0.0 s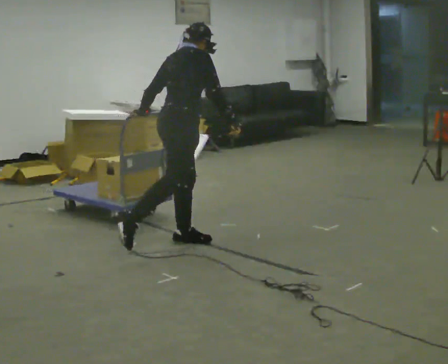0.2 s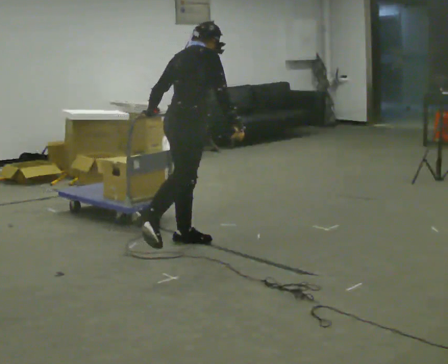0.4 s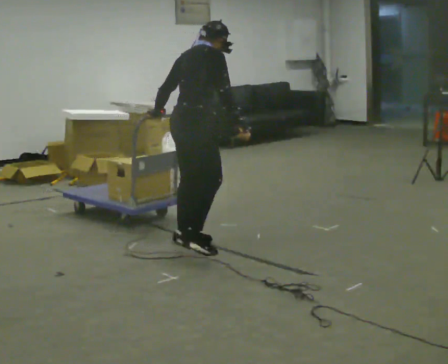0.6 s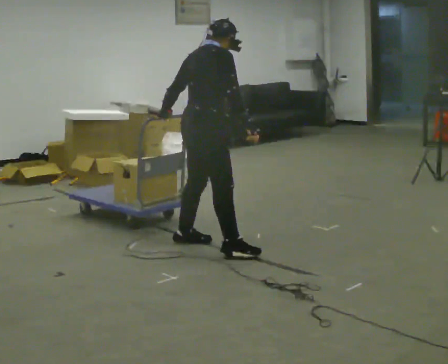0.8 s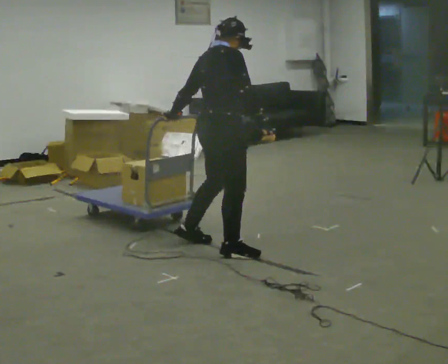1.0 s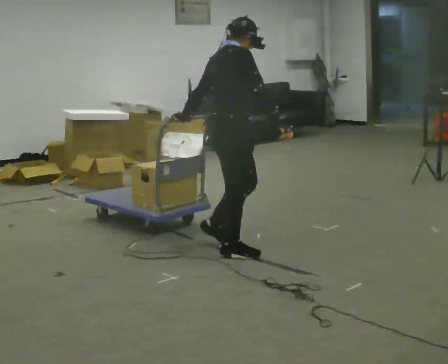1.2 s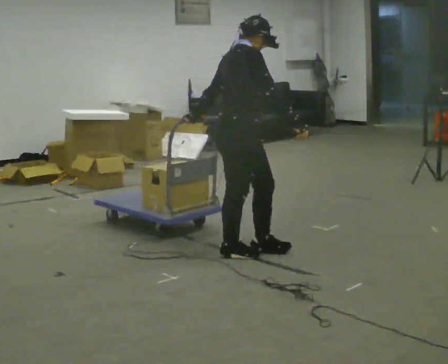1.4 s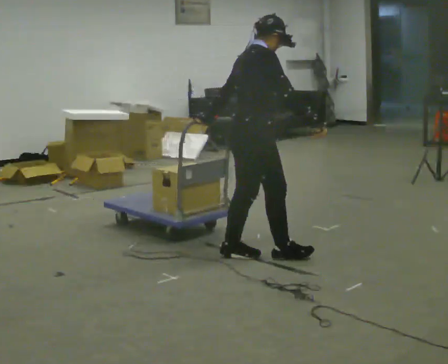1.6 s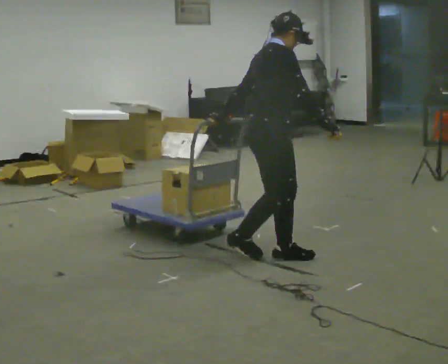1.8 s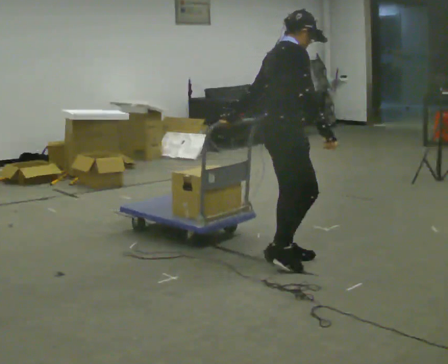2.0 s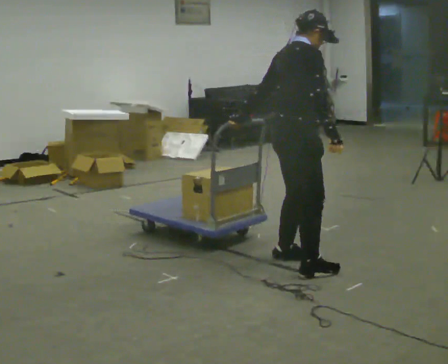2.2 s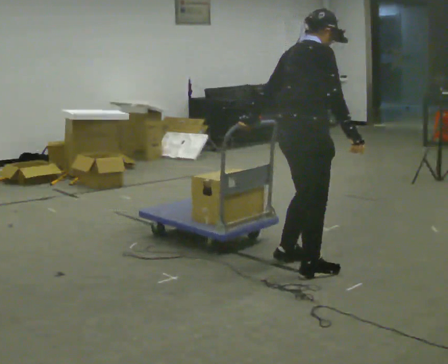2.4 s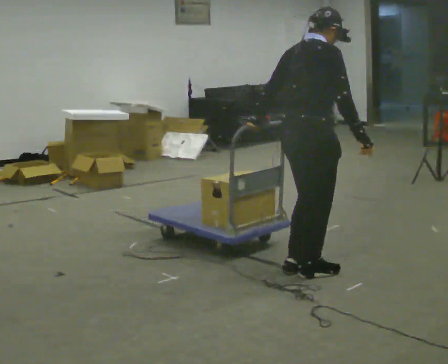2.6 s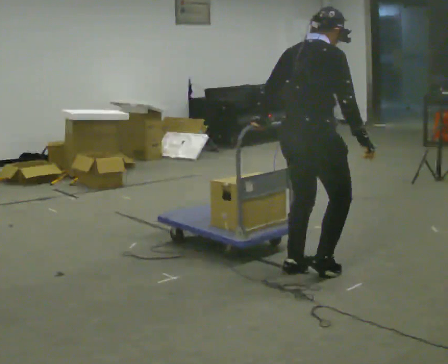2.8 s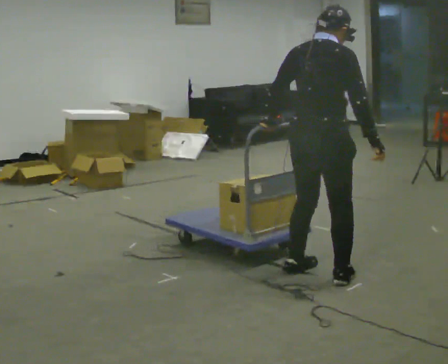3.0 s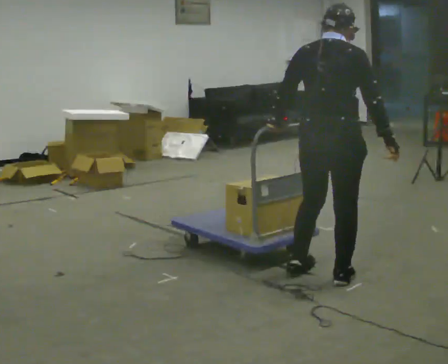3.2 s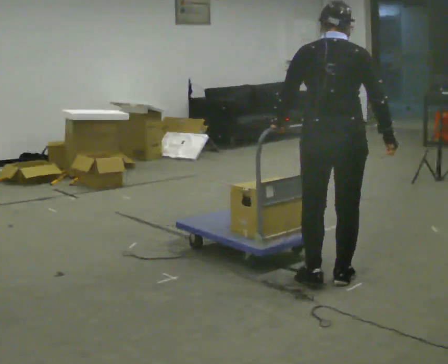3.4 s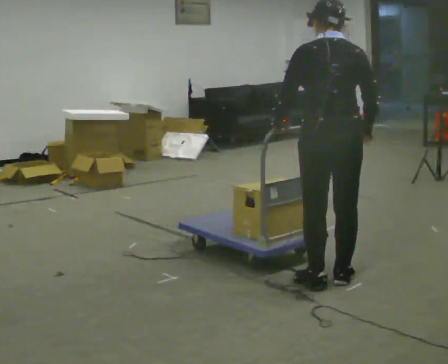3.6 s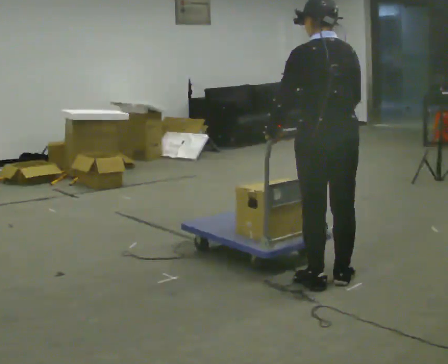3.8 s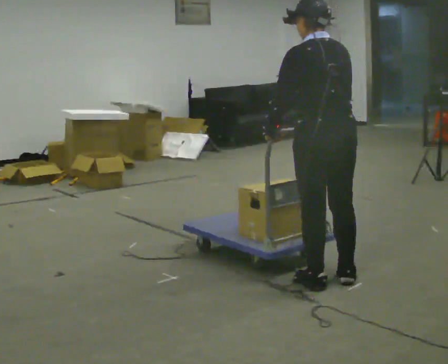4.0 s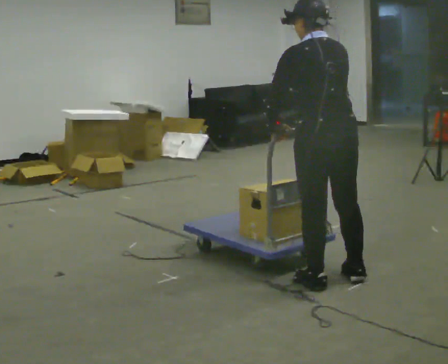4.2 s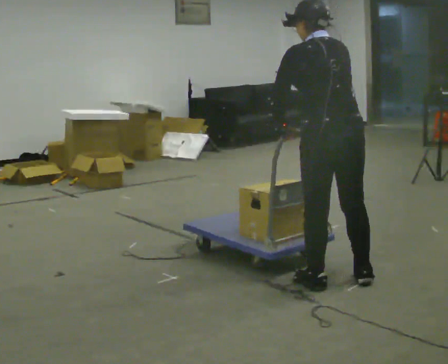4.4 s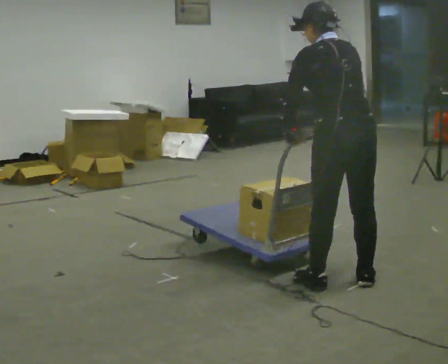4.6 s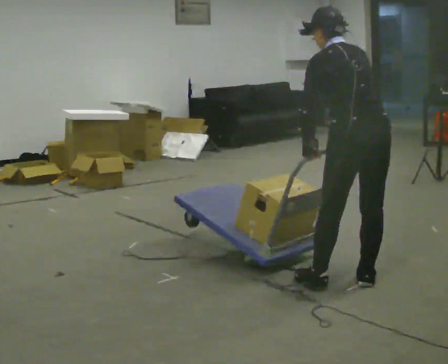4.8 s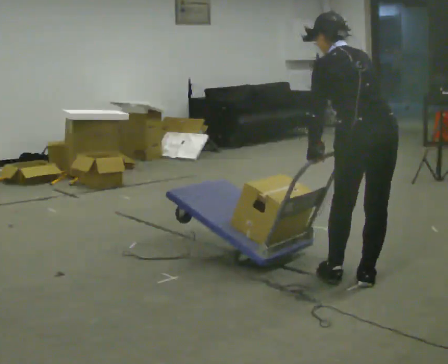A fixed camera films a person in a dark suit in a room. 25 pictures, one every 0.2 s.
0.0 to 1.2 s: The person turns about 30 degrees to their right, clockwise seen from above, so the part of the body nearest the lens slides to the left. In the picture they go to the right and toward the camera, about 0.5 m in 1 step, which for them is to their right and forward.
1.2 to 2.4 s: The part of the body nearest the lens slides to the right as the person turns to their left by about 30 degrees. In the picture they go to the right and toward the camera, about 0.5 m in 3 steps, which for them is forward and to their right.
2.4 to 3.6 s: The person turns about 75 degrees to their left, counterclockwise seen from above, so the part of the body nearest the lens slides to the right. In the picture they go toward the camera, about 0.25 m in 2 steps.
3.6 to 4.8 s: In the picture they go to the right, about 0.25 m, which for them is to their right. In the picture the upper body tilts counterclockwise, shoulders to the left, as they bend forward.
The film runs forward here.
